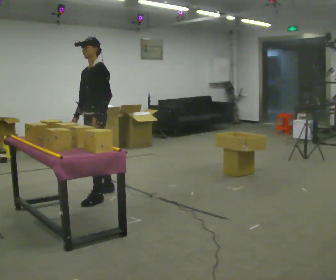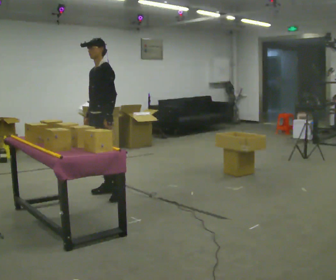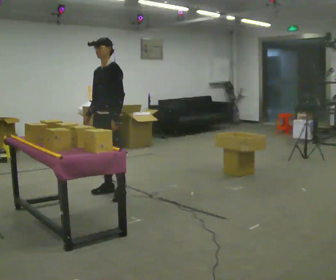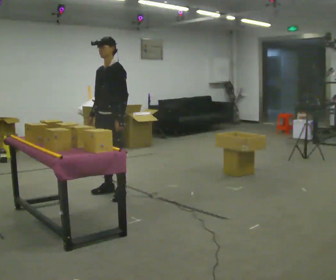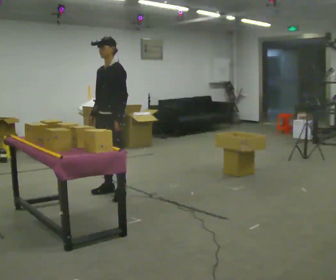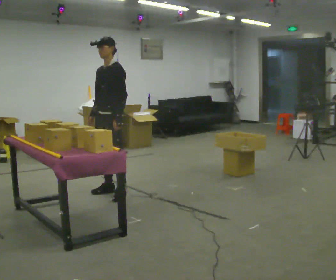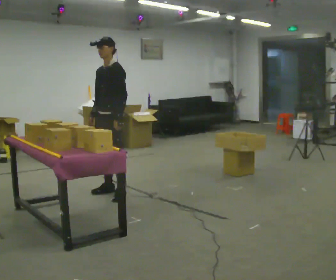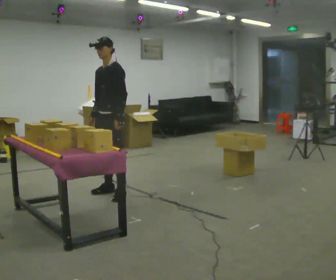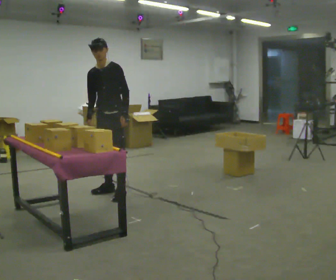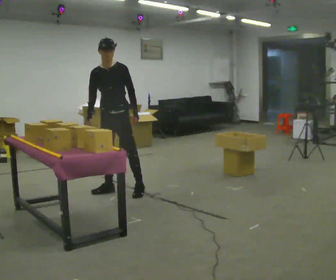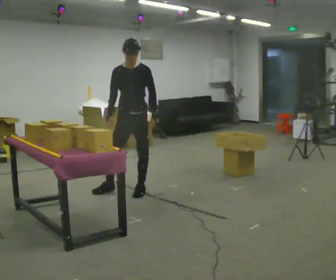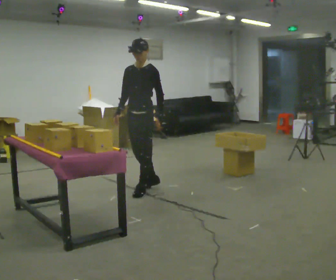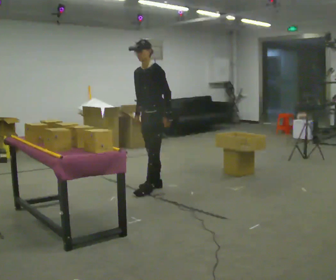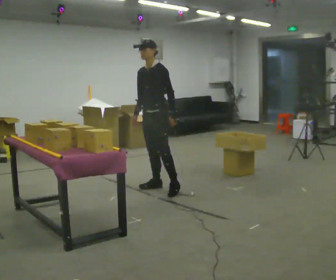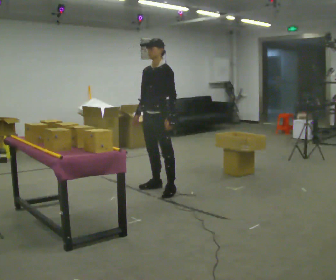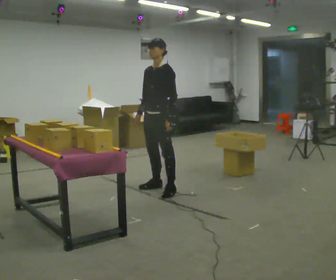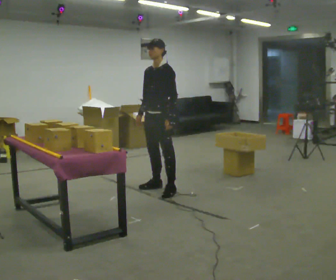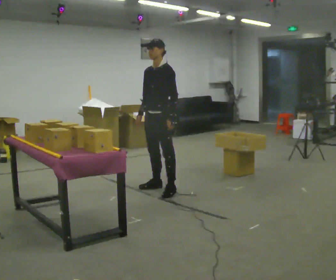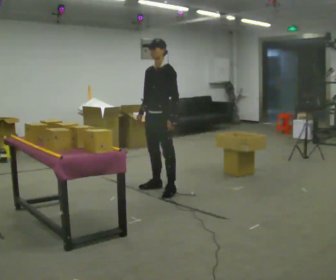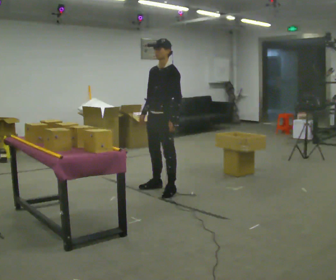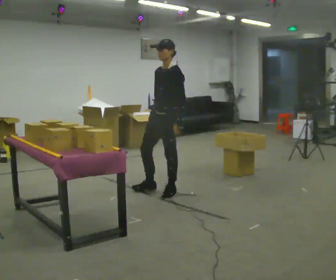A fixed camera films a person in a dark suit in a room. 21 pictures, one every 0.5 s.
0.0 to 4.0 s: The part of the body nearest the lens slides to the right as the person turns to their left by about 30 degrees. In the picture they go to the right, about 0.25 m in 1 step, which for them is backward.
4.0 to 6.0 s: In the picture they go to the right, about 0.5 m in 2 steps, which for them is to their left and backward.
6.0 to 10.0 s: In the picture they go toward the camera, about 0.25 m in 1 step, which for them is to their left.
The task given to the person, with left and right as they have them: Carry the object over and fit it into the gap between the two boxes already on the shelf, without touching either of them. Keep going until the operator says stop; one object at a time, and do not rush between trips.
The film runs forward here.
